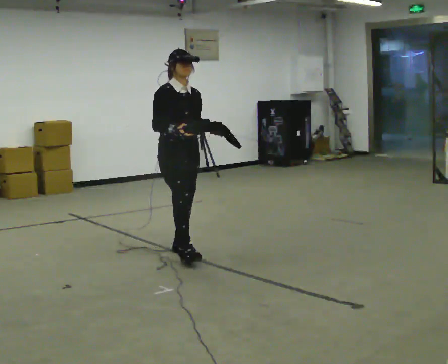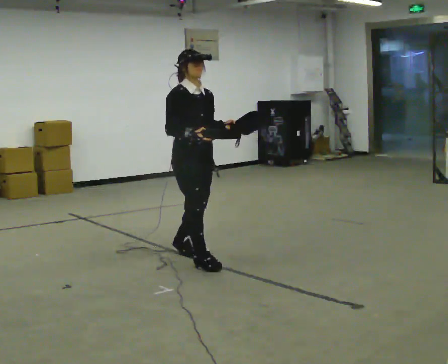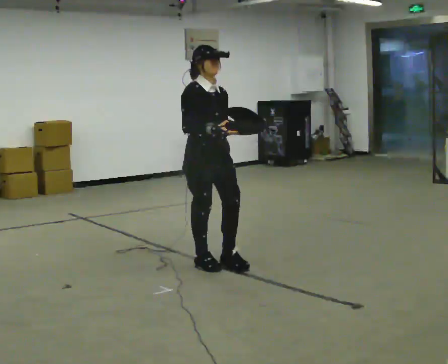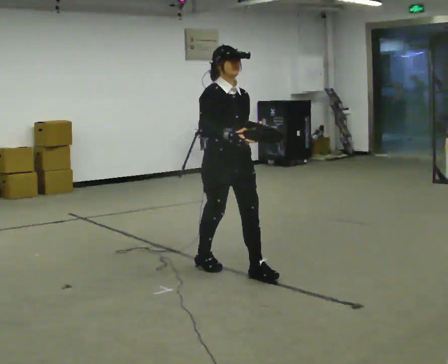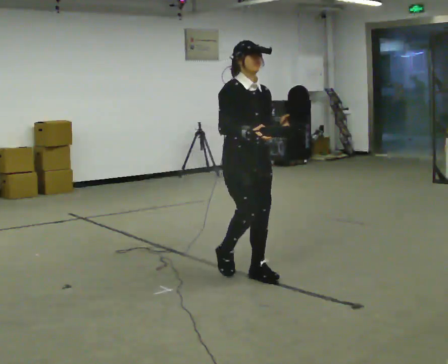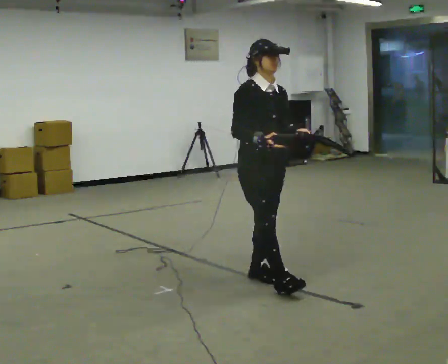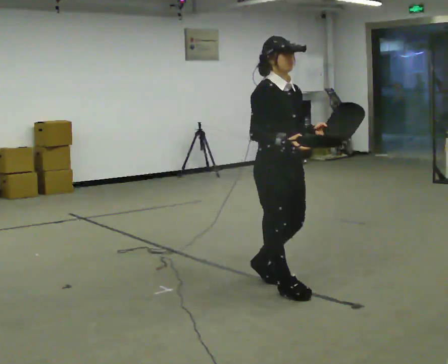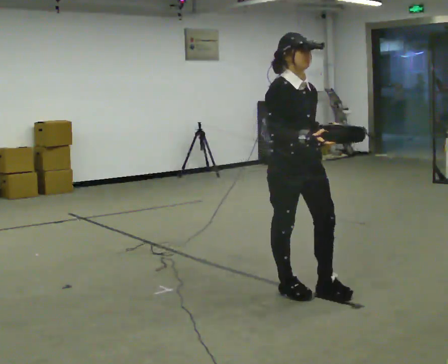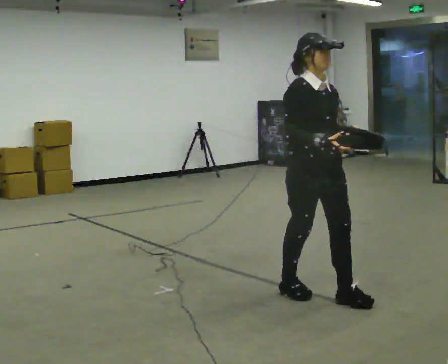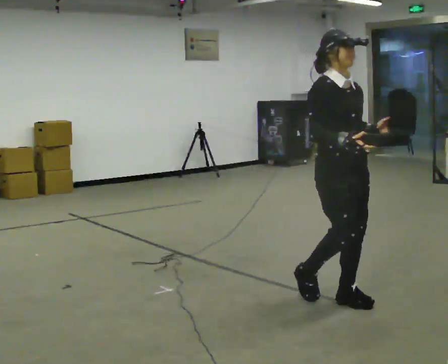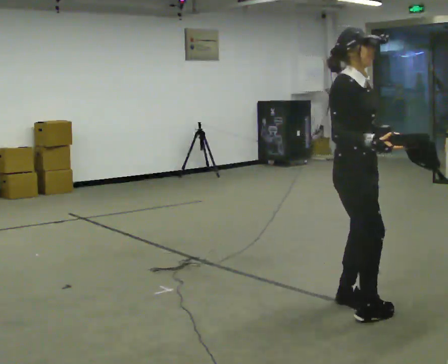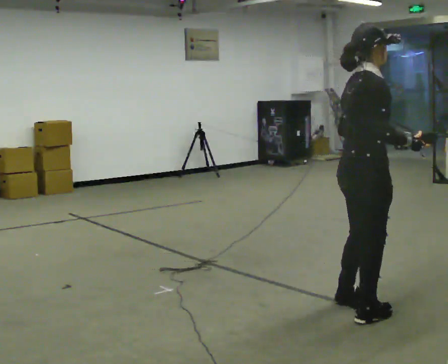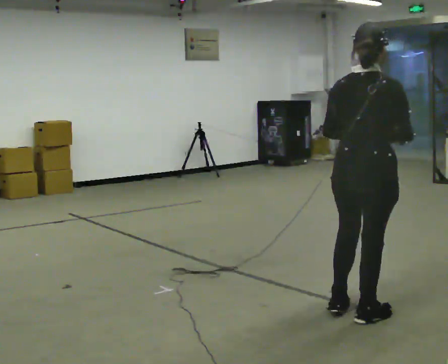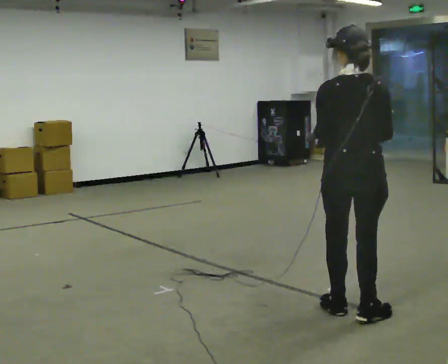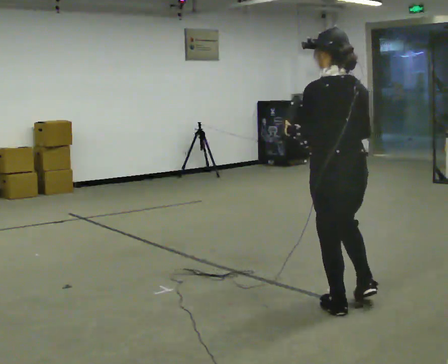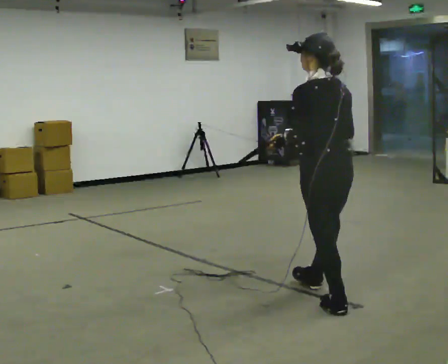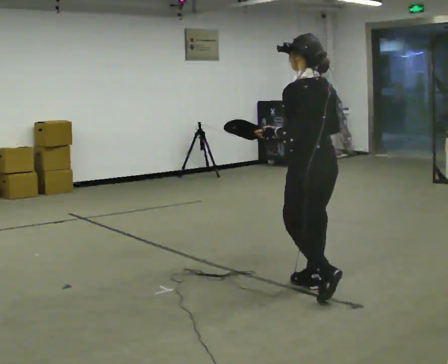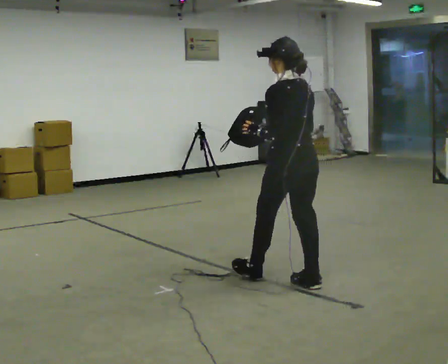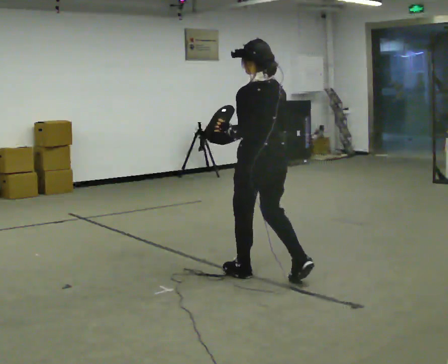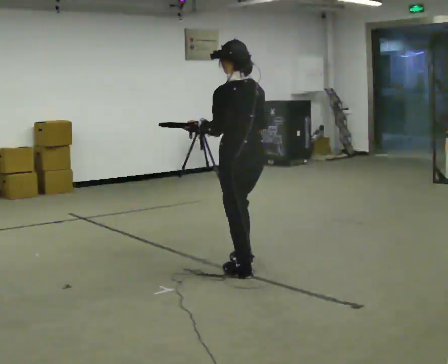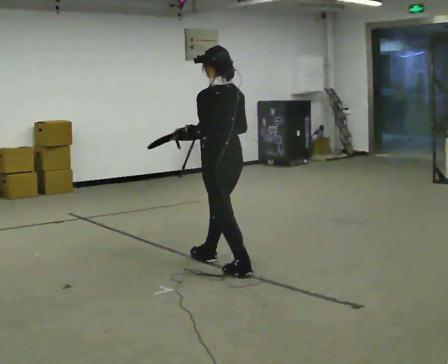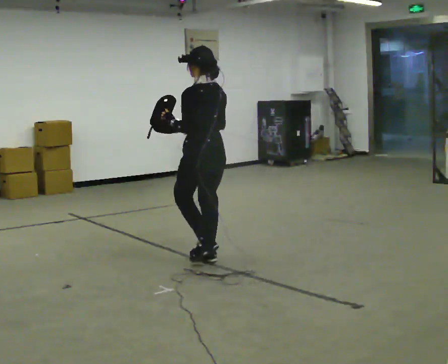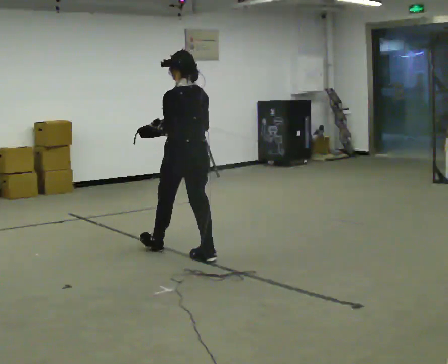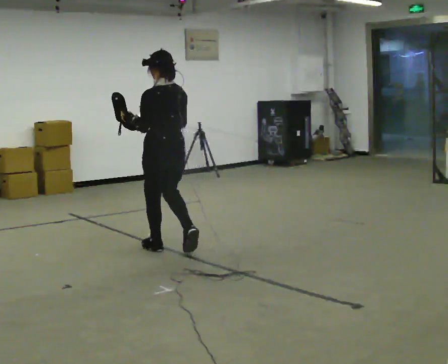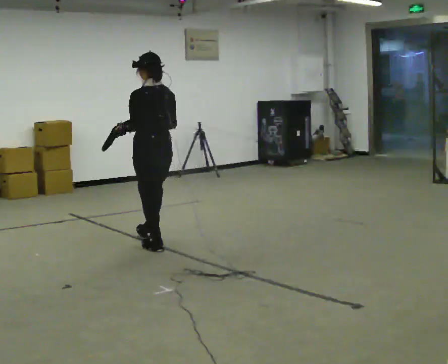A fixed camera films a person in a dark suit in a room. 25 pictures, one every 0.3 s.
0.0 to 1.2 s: In the picture they go to the right and toward the camera, about 1 m in 2 steps, which for them is forward.
1.2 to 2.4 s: In the picture they go to the right and toward the camera, about 0.75 m in 2 steps, which for them is forward.
2.4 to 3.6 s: Seen from above the body turns counterclockwise, about 120 degrees: to their left, with its near side sliding to the right. In the picture they go toward the camera and to the right, about 0.5 m in 2 steps.
3.6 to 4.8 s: Seen from above the body turns counterclockwise, about 75 degrees: to their left, with its near side sliding to the right. In the picture they go away from the camera and to the left, about 0.5 m in 1 step.
4.8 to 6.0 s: In the picture they go to the left and away from the camera, about 1 m in 2 steps, which for them is forward.
6.0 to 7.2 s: In the picture they go to the left and away from the camera, about 1 m in 1 step, which for them is forward.
The film runs forward here.
